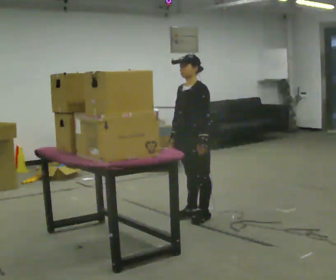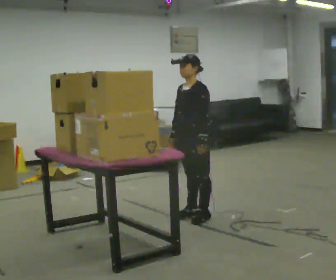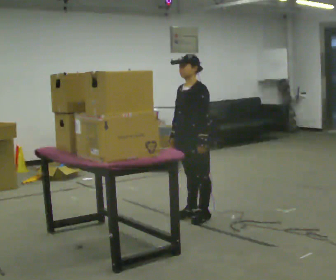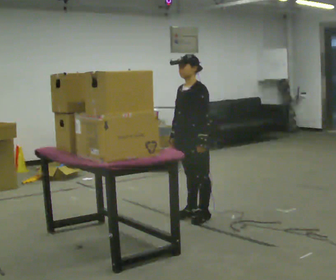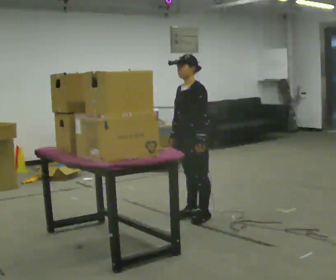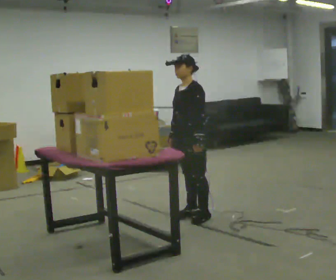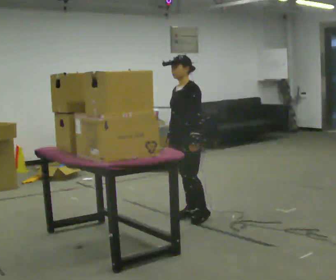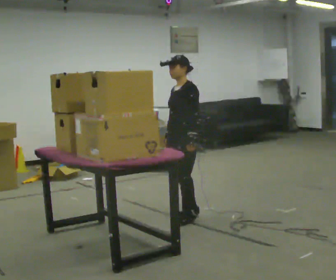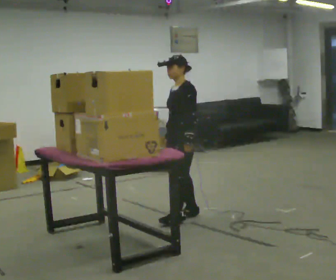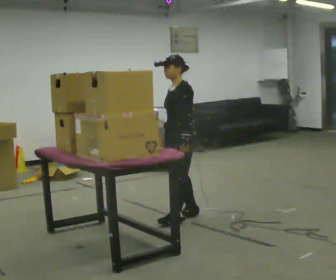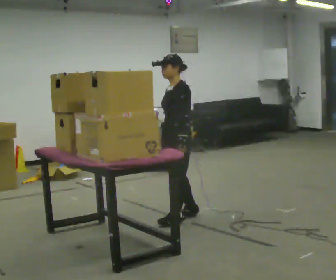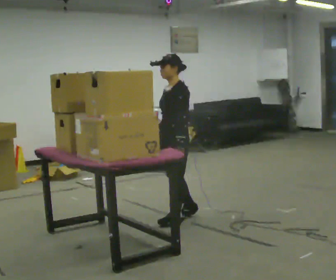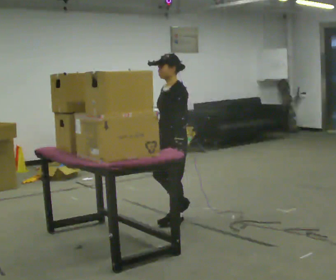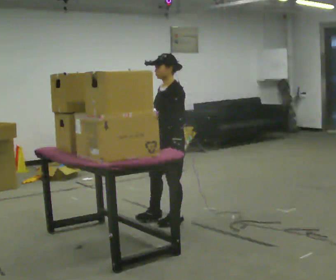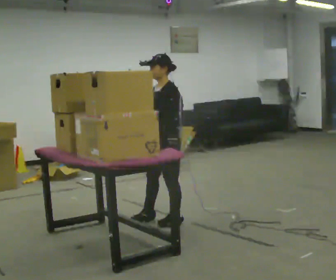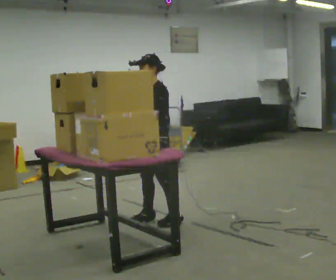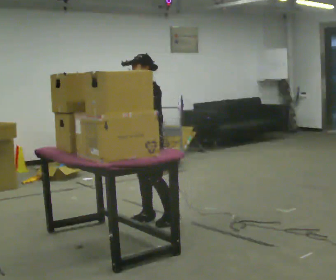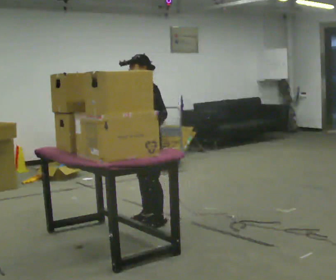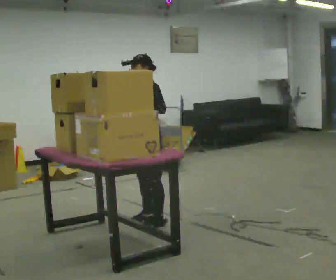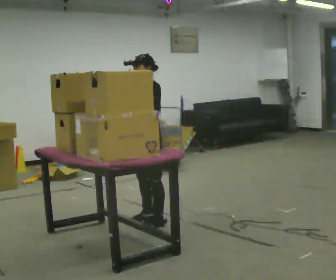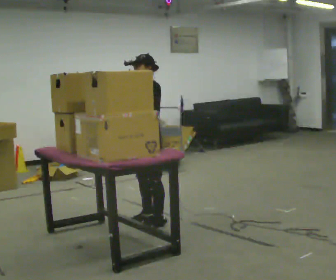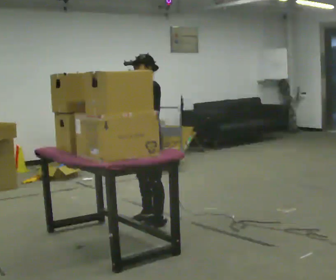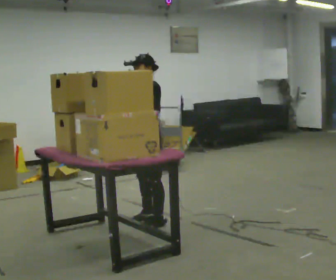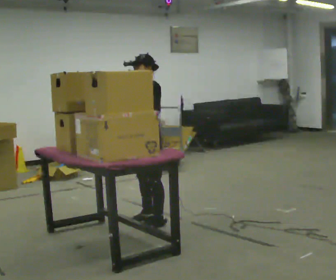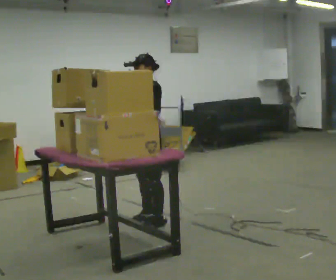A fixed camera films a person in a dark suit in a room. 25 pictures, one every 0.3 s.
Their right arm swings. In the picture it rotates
clockwise.
Their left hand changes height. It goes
upward.
0.0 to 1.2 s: The person keeps their place and pose.
1.2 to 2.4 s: The person moves a little, or ends about where they began.
2.4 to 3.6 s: In the picture they go toward the camera, about 0.25 m, which for them is forward.
3.6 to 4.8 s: In the picture they go to the left, about 0.25 m in 1 step, which for them is forward and to their right.
4.8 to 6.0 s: In the picture their right hand goes upward, the arm swinging clockwise.
6.0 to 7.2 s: The person moves a little, or ends about where they began.
The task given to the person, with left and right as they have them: Take boxes off the top of the stack one at a time and carry them away, walking back for each one. Keep going until the operator says stop; one object at a time, and do not rush between trips.
The film runs forward here.
